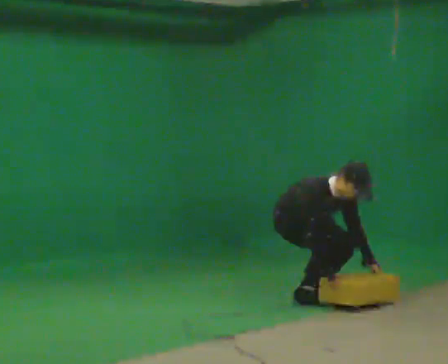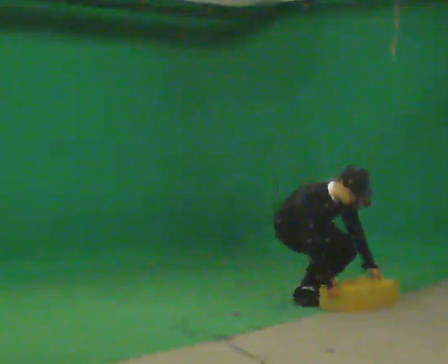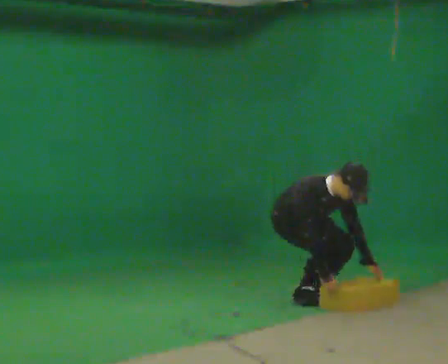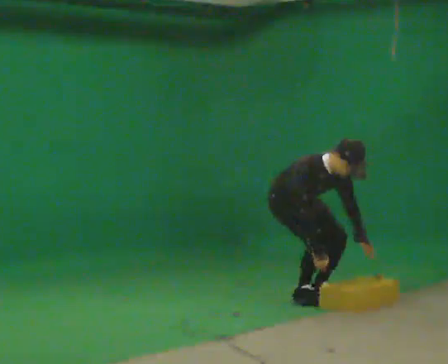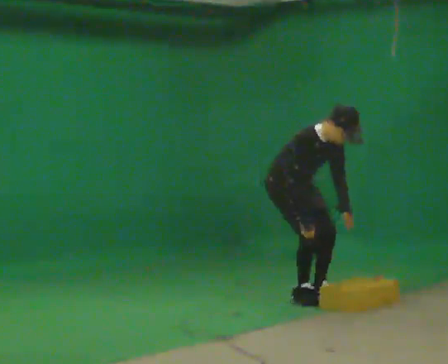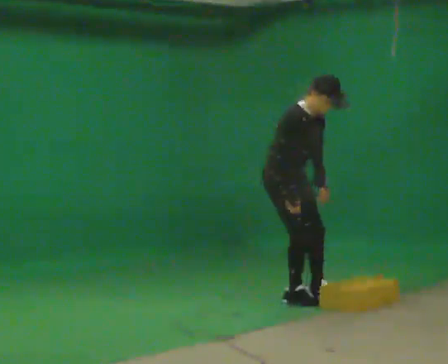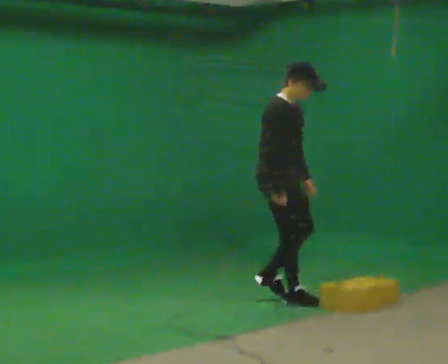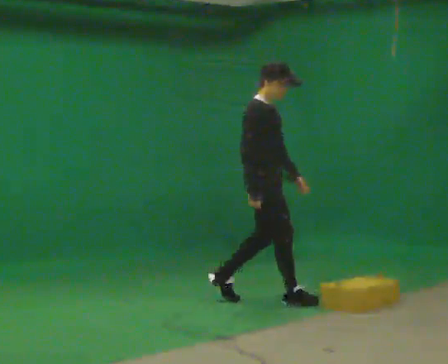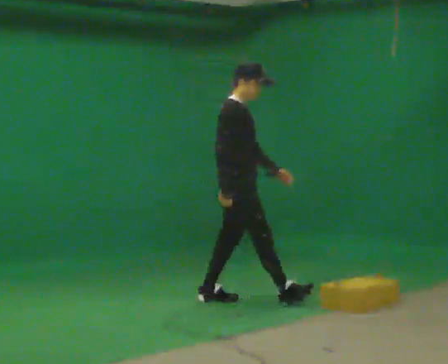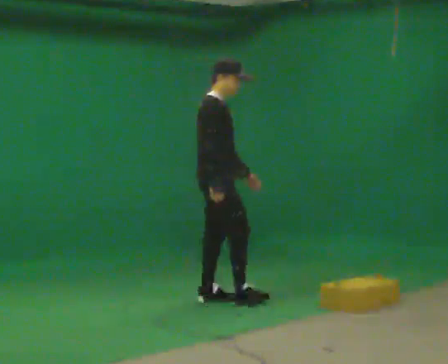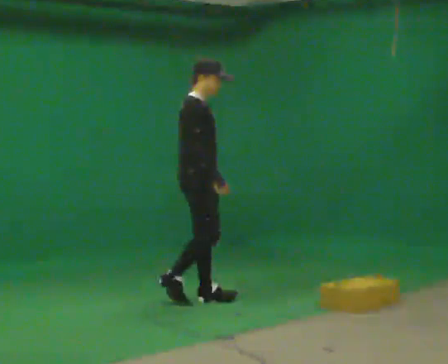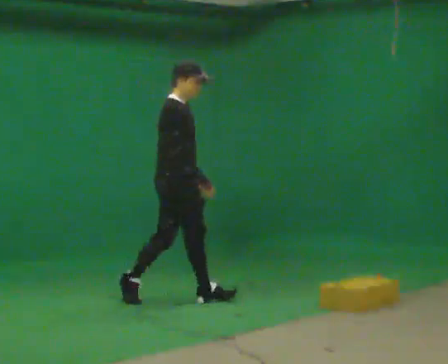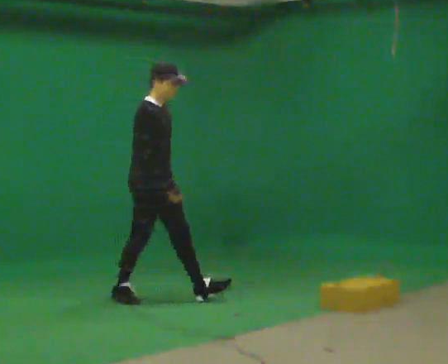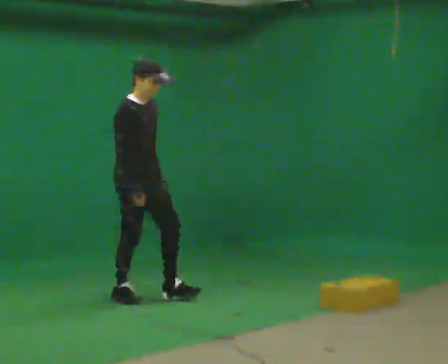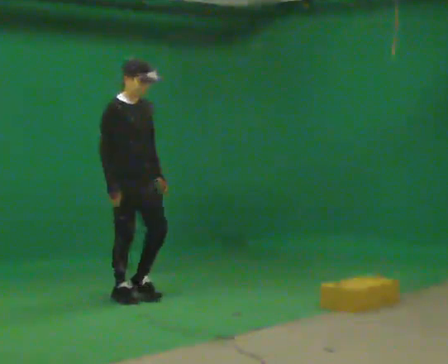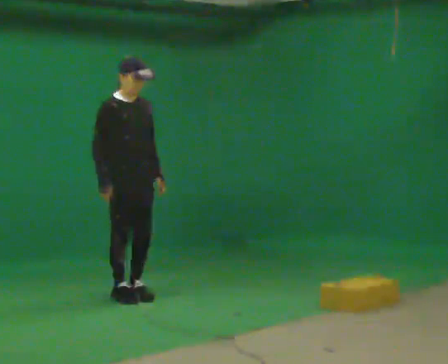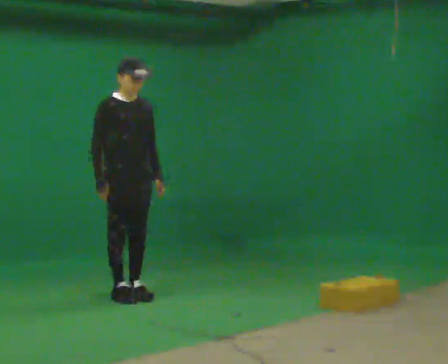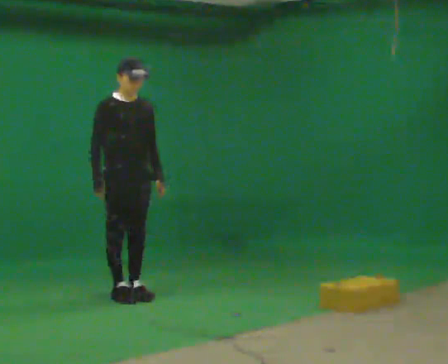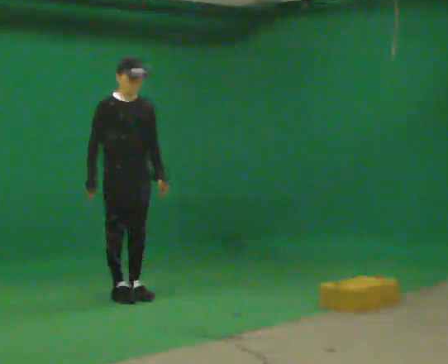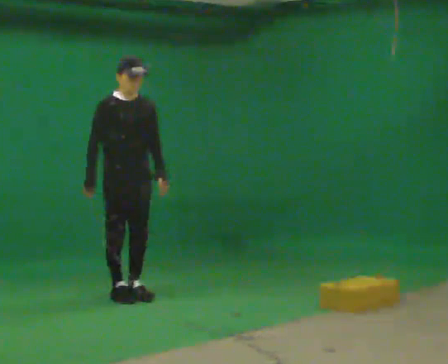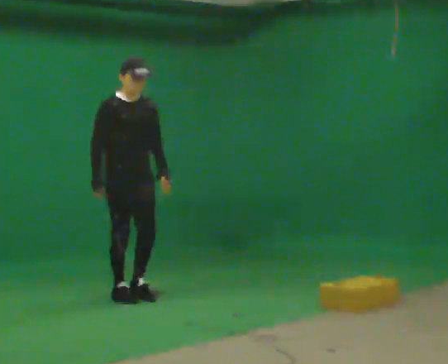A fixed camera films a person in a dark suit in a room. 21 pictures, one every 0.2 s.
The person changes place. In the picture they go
to the left.
The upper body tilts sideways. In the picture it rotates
counterclockwise.
0.0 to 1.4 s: The person turns about 30 degrees to their left, counterclockwise seen from above, so the part of the body nearest the lens slides to the right. In the picture they go to the left and toward the camera, about 0.25 m in 1 step, which for them is to their right. The upper body goes upward. In the picture the upper body tilts counterclockwise, shoulders to the left, as they lean back or straighten. In the picture their left hand goes upward.
1.4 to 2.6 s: In the picture they go to the left, about 1 m in 2 steps, which for them is backward.
2.6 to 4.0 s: The person turns about 30 degrees to their right, clockwise seen from above, so the part of the body nearest the lens slides to the left.
The film runs backward here.
